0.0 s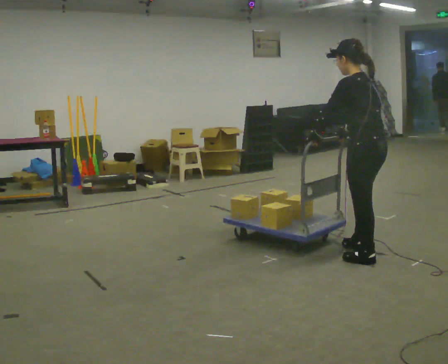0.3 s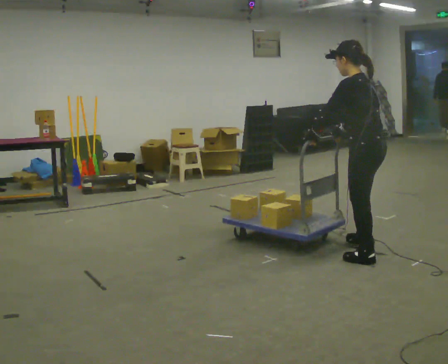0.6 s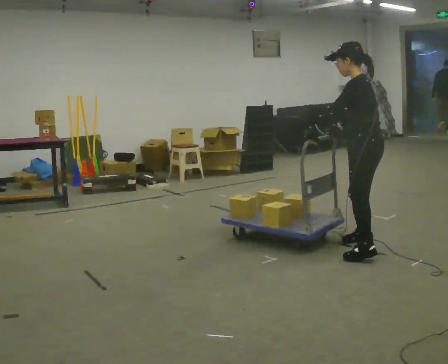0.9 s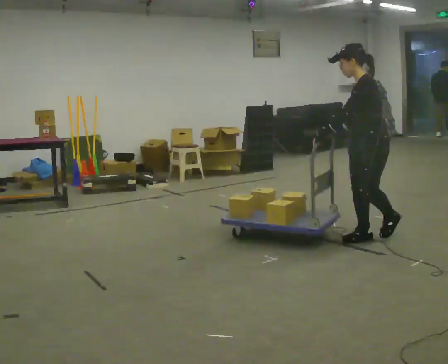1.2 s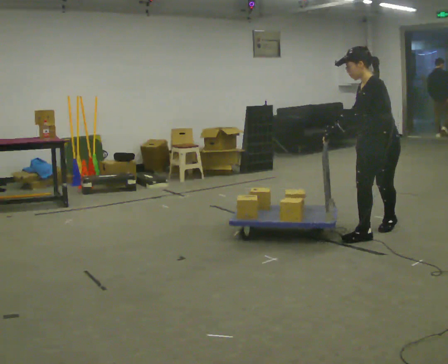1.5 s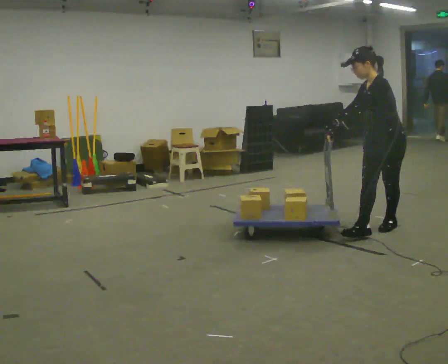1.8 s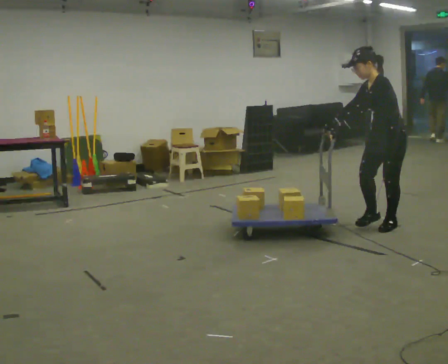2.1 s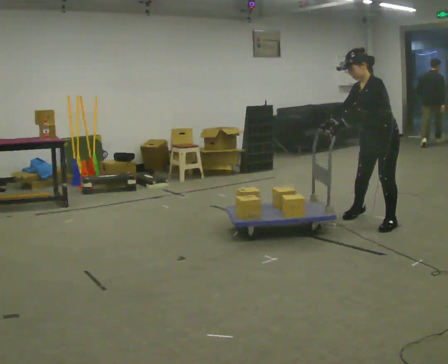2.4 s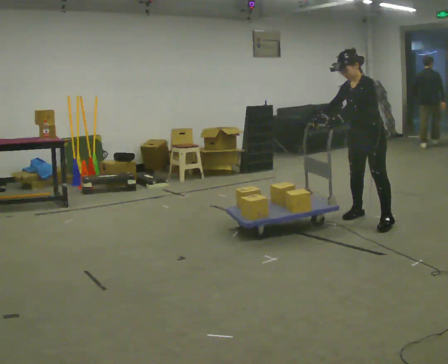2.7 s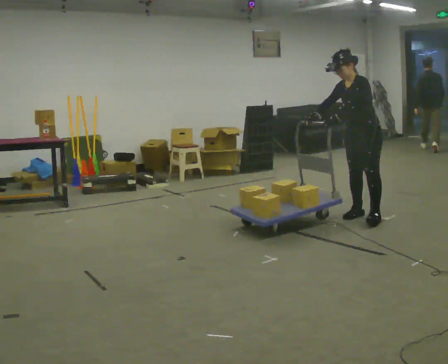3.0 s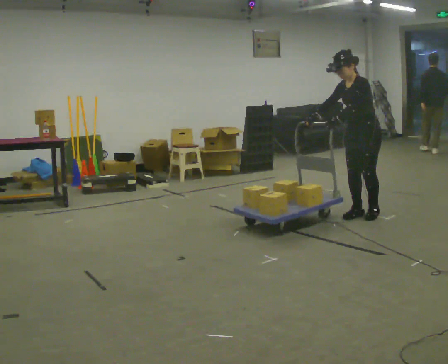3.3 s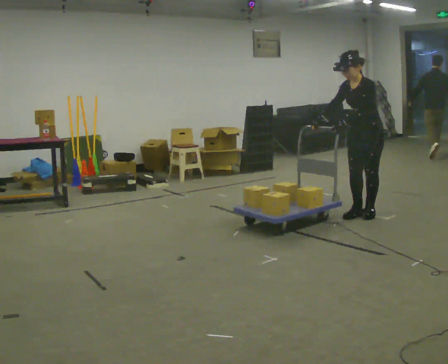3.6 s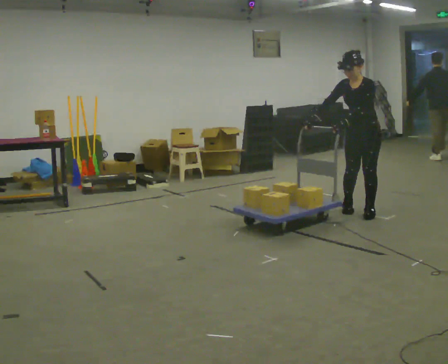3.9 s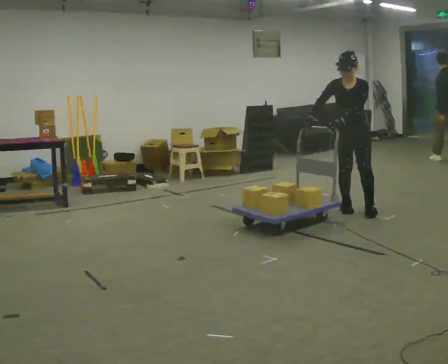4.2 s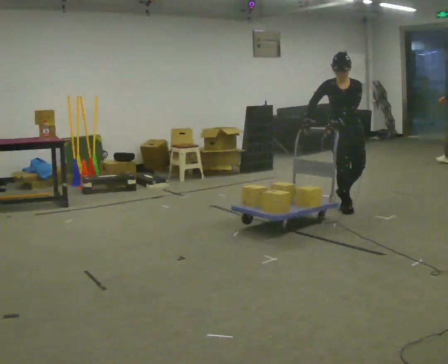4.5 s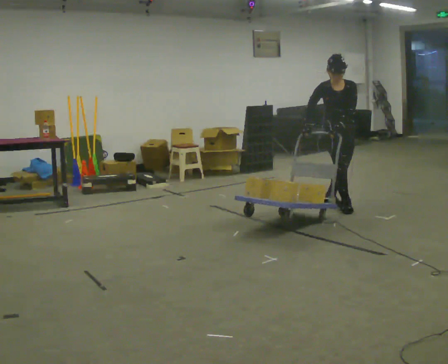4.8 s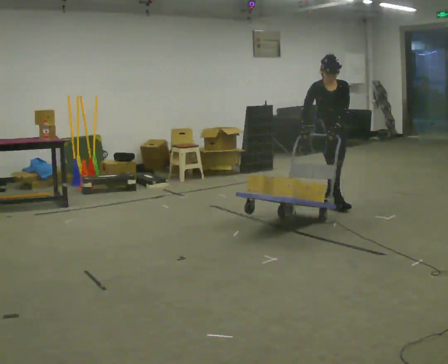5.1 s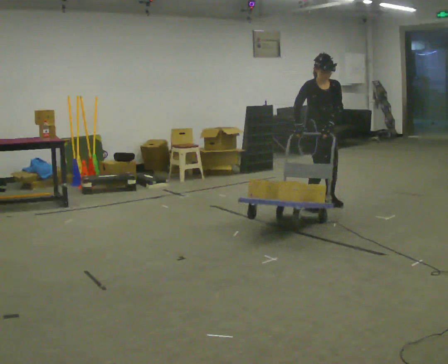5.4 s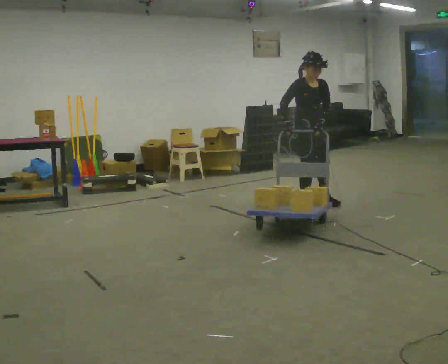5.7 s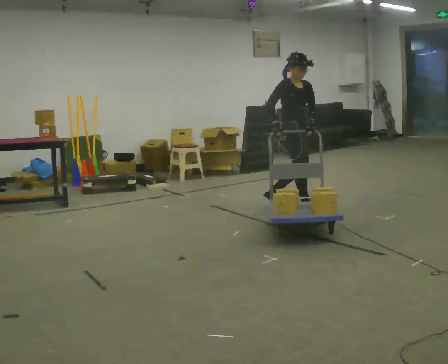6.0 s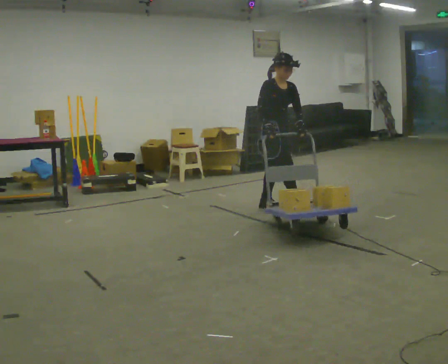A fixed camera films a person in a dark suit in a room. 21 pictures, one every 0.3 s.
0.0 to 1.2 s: The part of the body nearest the lens slides to the right as the person turns to their left by about 75 degrees. In the picture they go away from the camera, about 0.5 m in 2 steps.
1.2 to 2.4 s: In the picture they go away from the camera, about 0.5 m in 2 steps, which for them is to their right and backward.
2.4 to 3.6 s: In the picture they go away from the camera, about 0.25 m in 1 step, which for them is to their right and backward.
3.6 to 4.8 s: Seen from above the body turns counterclockwise, about 45 degrees: to their left, with its near side sliding to the right. In the picture they go away from the camera and to the left, about 0.5 m in 2 steps, which for them is backward and to their right.
4.8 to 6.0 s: The person turns about 45 degrees to their left, counterclockwise seen from above, so the part of the body nearest the lens slides to the right. In the picture they go to the left, about 0.5 m in 2 steps, which for them is to their right and backward.
The film runs backward here.
